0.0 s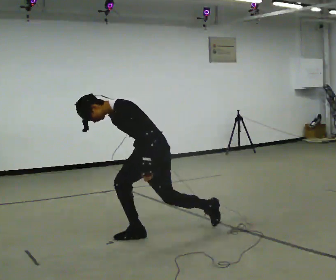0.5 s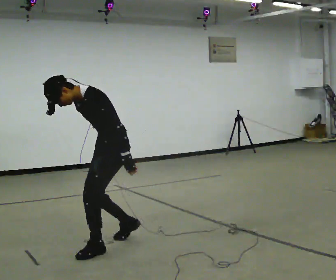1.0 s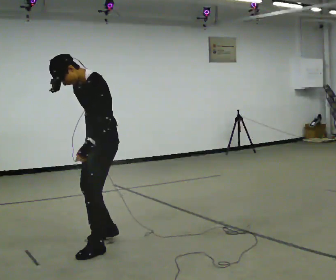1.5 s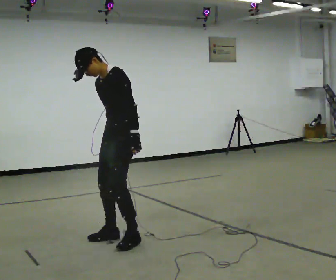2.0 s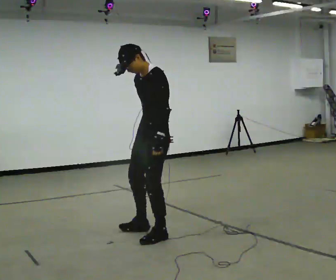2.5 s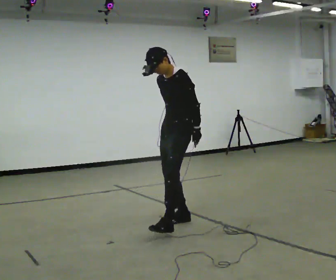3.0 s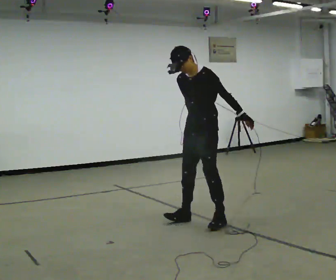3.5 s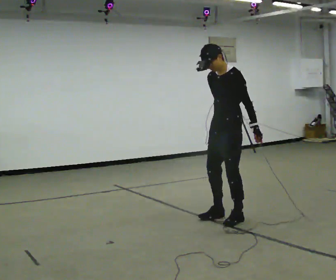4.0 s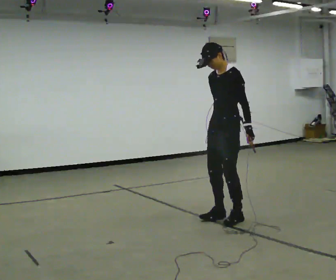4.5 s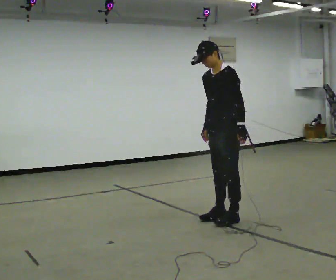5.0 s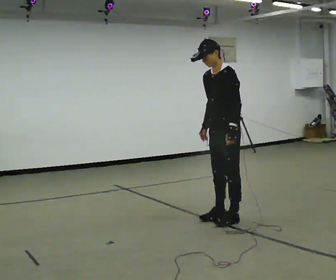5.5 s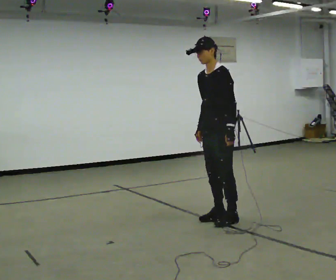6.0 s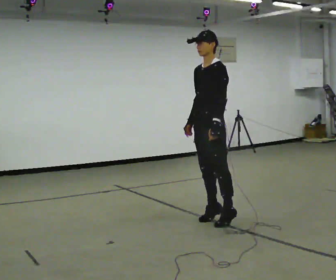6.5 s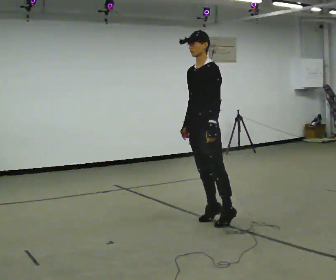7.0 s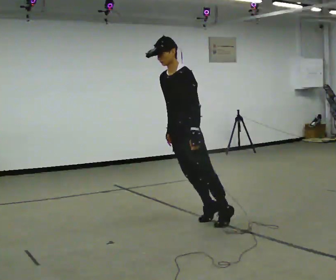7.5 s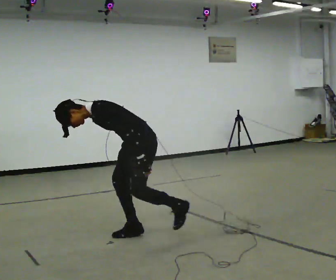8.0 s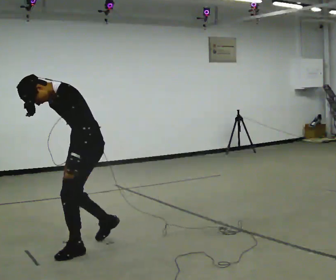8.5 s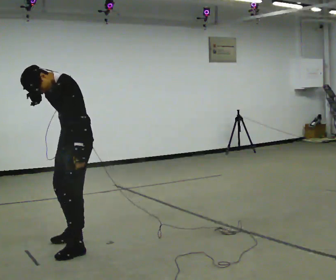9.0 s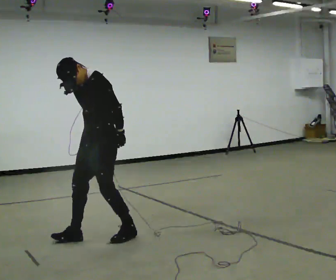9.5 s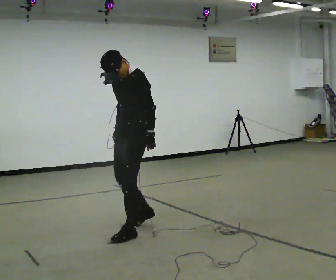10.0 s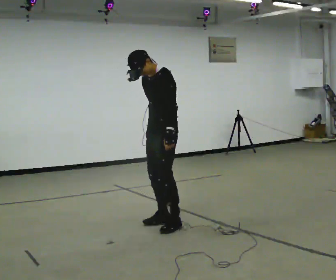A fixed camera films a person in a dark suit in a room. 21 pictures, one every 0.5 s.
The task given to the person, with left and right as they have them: Stand on the marked spots and rise up onto your toes. Stay up until you start to topple forward, then step to catch yourself. Repeat at your own pace until the operator says stop. Go slowly and only as far as you are comfortable. Step whenever you need to; do not try to hold on longer than feels safe.
0.0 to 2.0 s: The shoulders move upward. In the picture the upper body tilts clockwise, shoulders to the right, as they lean back or straighten.
2.0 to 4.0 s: In the picture they go to the right and away from the camera, about 1 m in 3 steps, which for them is backward.
4.0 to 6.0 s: The person moves a little, or ends about where they began.
6.0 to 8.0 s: In the picture they go to the left and toward the camera, about 1 m in 2 steps, which for them is forward.
8.0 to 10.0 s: In the picture they go away from the camera and to the right, about 1 m in 3 steps, which for them is backward. The upper body tips away from the camera, its near side rolling upward, as they lean back or straighten.
The film runs forward here.
